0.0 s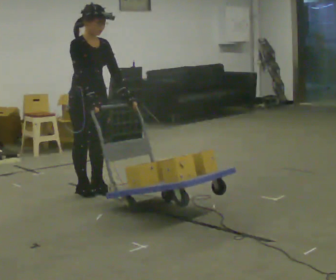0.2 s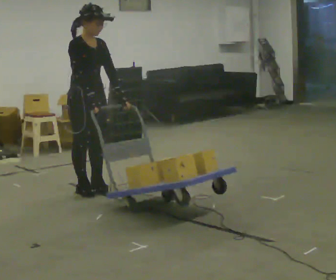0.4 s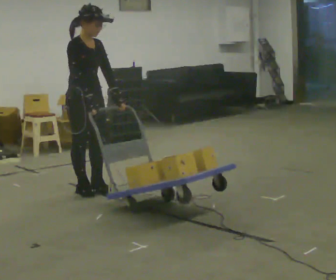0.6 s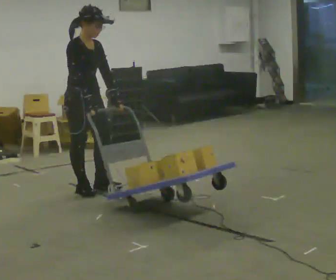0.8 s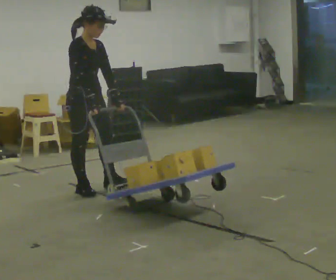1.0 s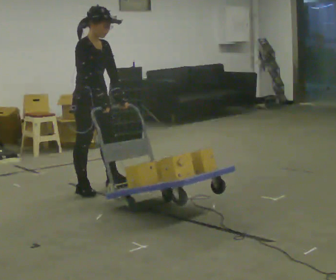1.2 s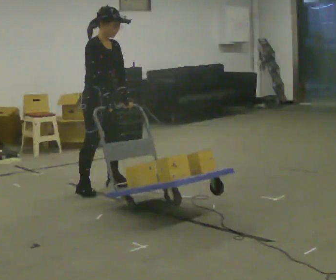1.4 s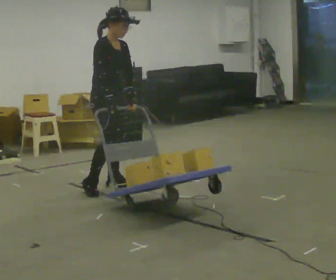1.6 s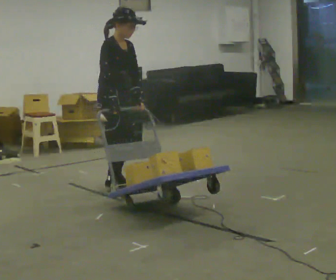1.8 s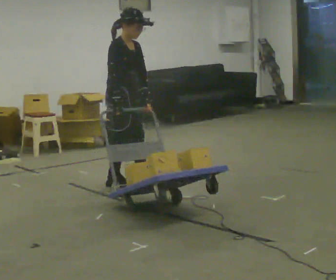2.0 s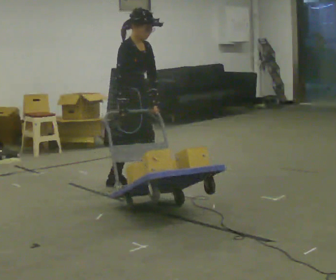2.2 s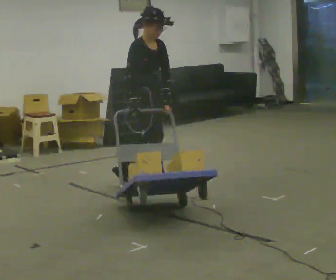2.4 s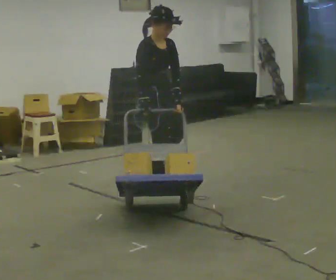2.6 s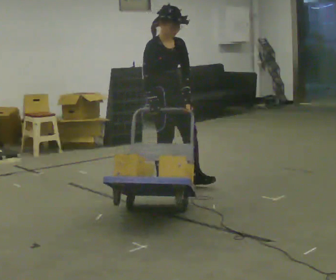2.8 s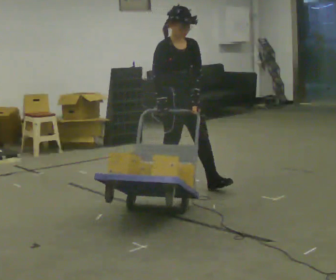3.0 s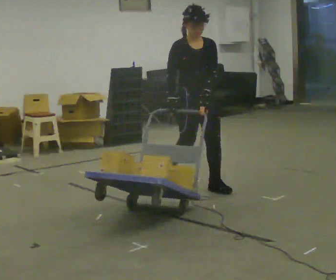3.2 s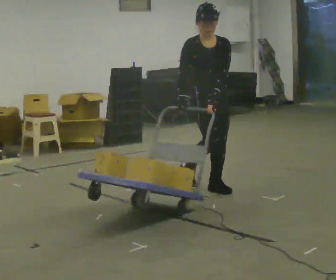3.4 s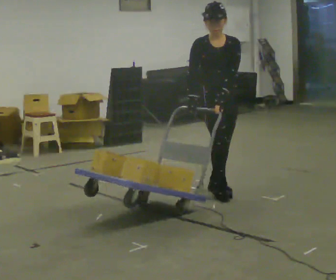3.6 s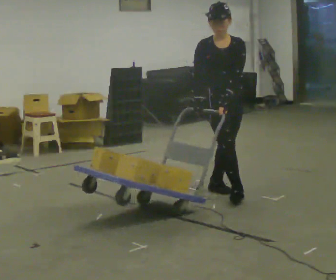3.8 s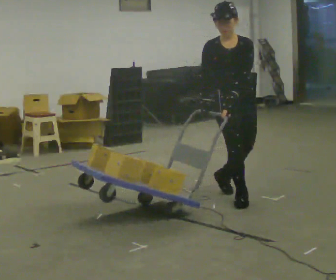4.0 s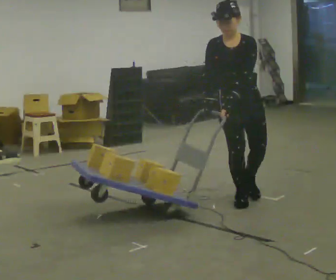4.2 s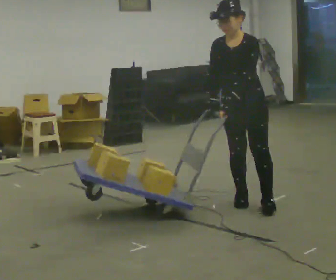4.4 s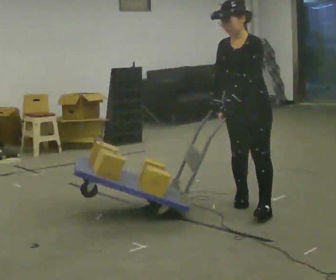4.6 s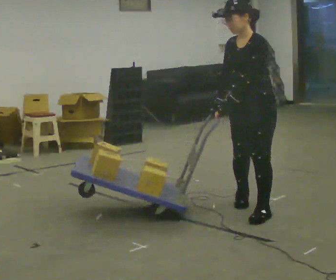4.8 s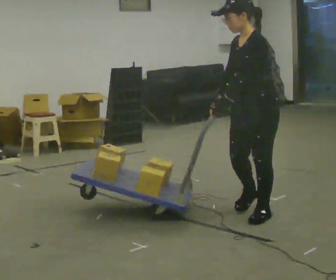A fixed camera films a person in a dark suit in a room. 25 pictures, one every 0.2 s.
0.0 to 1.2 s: The person moves a little, or ends about where they began.
1.2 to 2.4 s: In the picture they go to the right, about 0.5 m in 1 step, which for them is forward.
2.4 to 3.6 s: Seen from above the body turns clockwise, about 45 degrees: to their right, with its near side sliding to the left. In the picture they go to the right and toward the camera, about 0.75 m in 2 steps, which for them is forward and to their left.
3.6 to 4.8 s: The part of the body nearest the lens slides to the left as the person turns to their right by about 75 degrees. In the picture they go toward the camera, about 0.75 m in 1 step.
The film runs forward here.
